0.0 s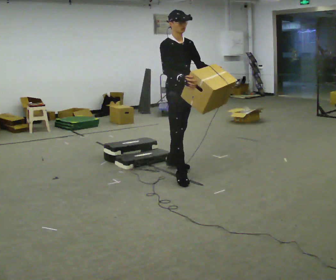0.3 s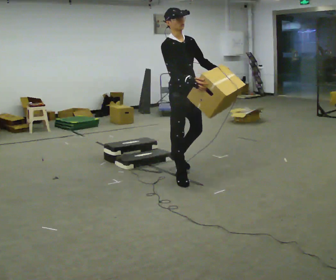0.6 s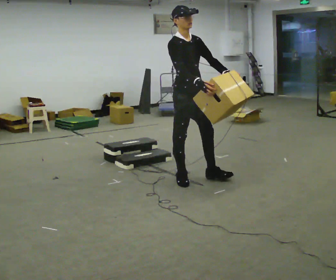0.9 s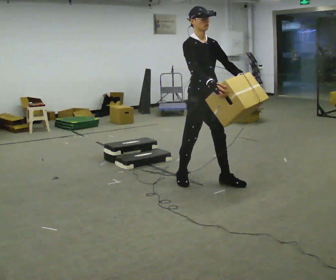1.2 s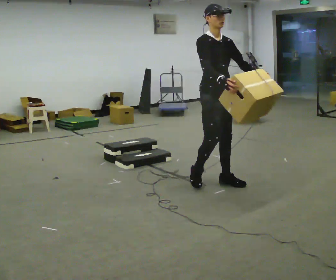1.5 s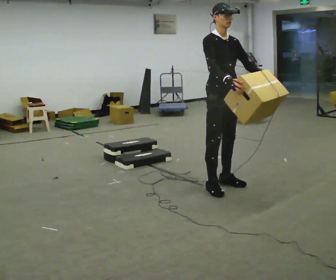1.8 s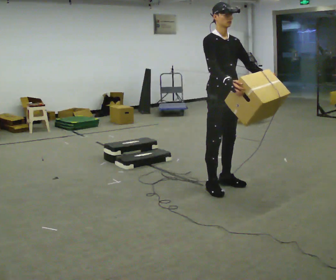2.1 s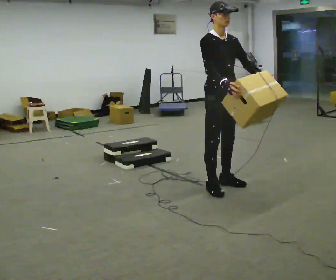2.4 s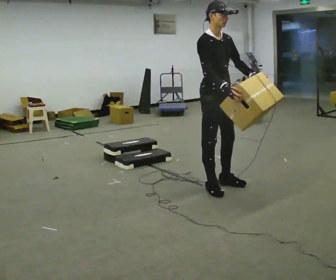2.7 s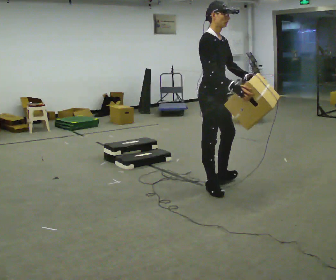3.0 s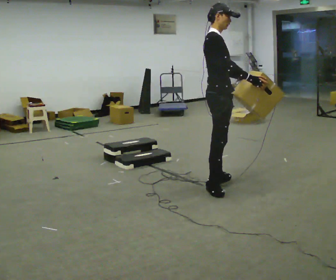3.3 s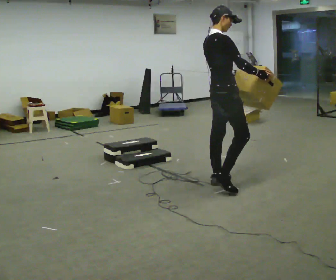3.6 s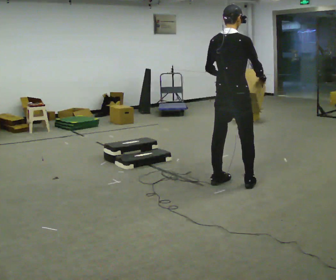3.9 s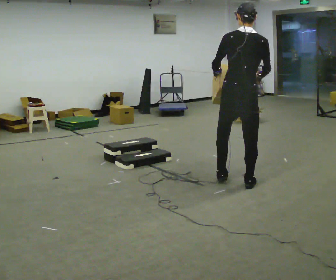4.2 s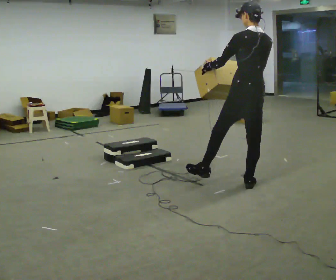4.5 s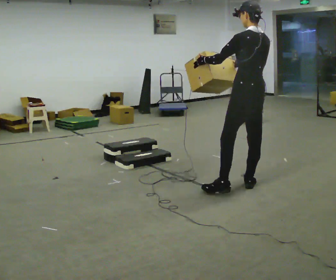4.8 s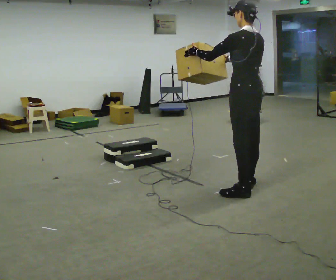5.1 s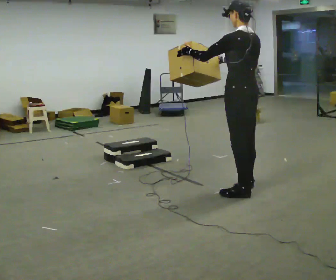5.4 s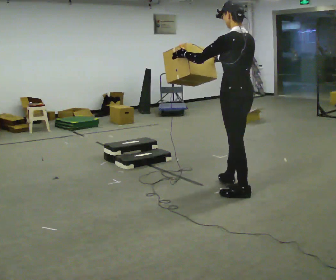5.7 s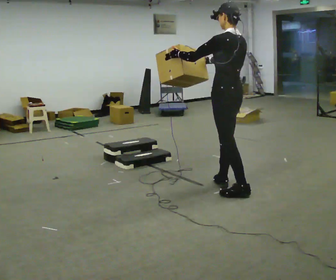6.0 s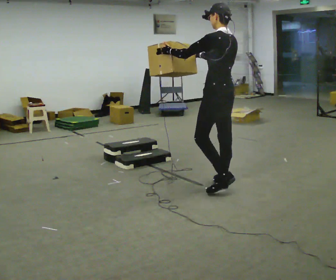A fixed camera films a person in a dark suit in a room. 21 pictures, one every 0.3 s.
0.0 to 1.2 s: In the picture they go to the right and toward the camera, about 0.5 m in 1 step, which for them is forward.
1.2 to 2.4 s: The person moves a little, or ends about where they began.
2.4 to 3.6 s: Seen from above the body turns counterclockwise, about 105 degrees: to their left, with its near side sliding to the right. In the picture they go to the right, about 0.25 m in 1 step. In the picture their left hand goes to the left, the arm swinging clockwise.
3.6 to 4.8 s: The person turns about 75 degrees to their left, counterclockwise seen from above, so the part of the body nearest the lens slides to the right. In the picture they go to the right and toward the camera, about 0.25 m in 1 step.
4.8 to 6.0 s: In the picture they go to the left, about 0.25 m in 1 step, which for them is forward.
The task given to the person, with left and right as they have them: Carry the box up the three steps, turn at the top, and carry it back down. Use the handrail only if you need it. Keep going until the operator says stop; one object at a time, and do not rush between trips.
The film runs forward here.
